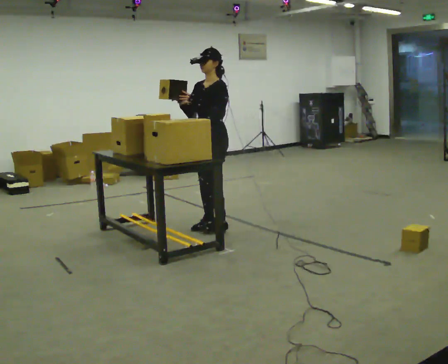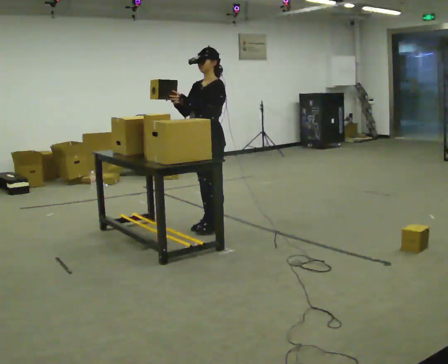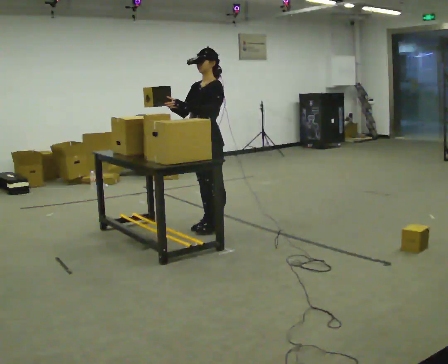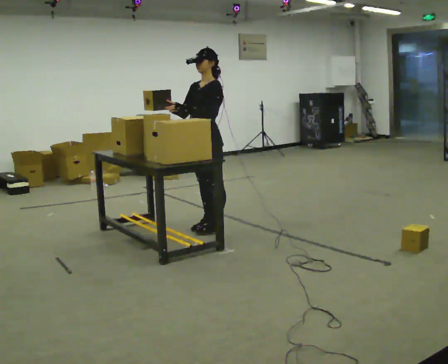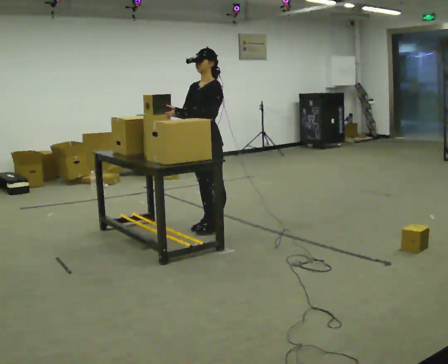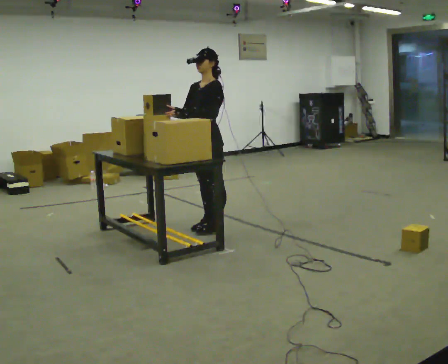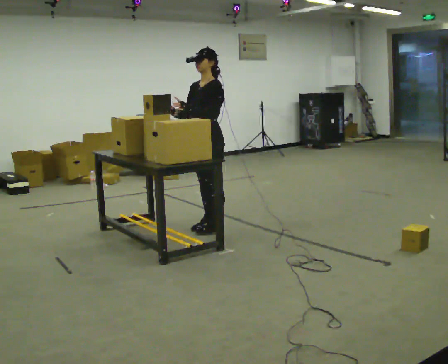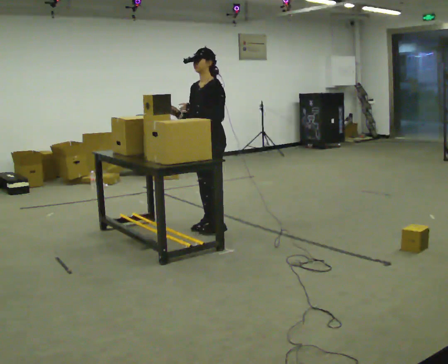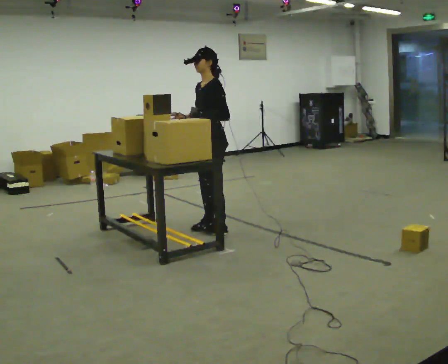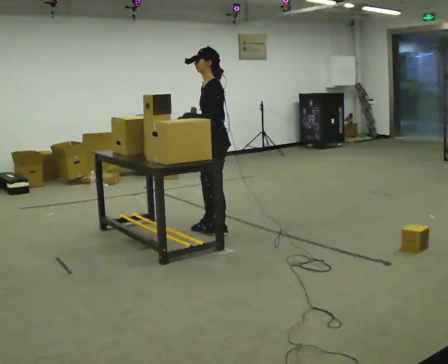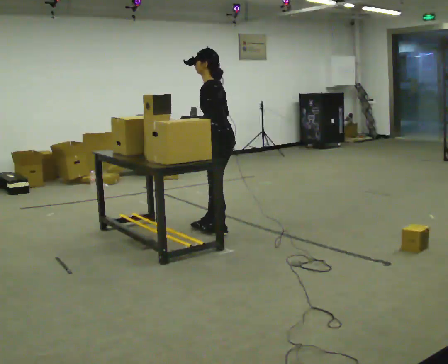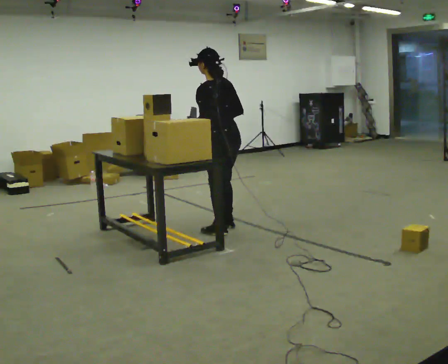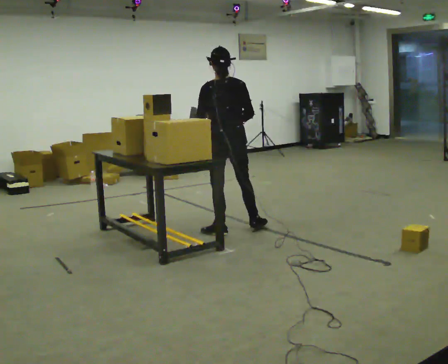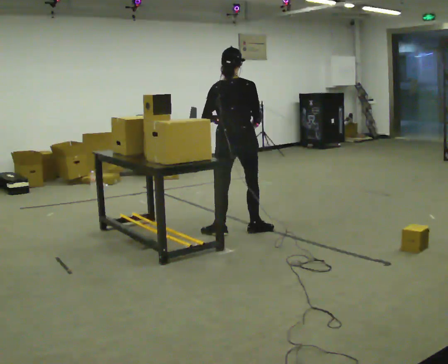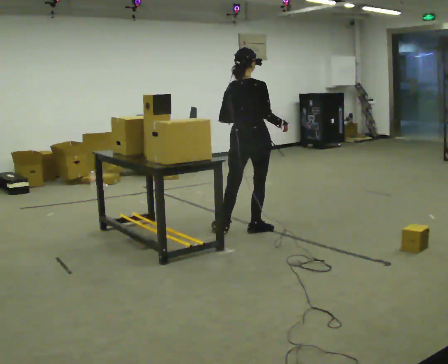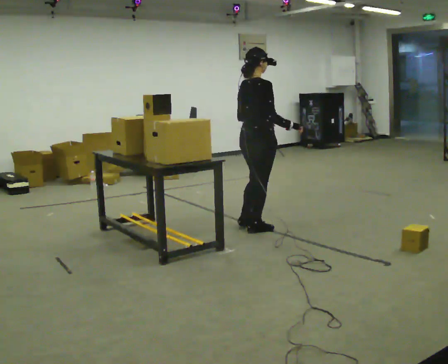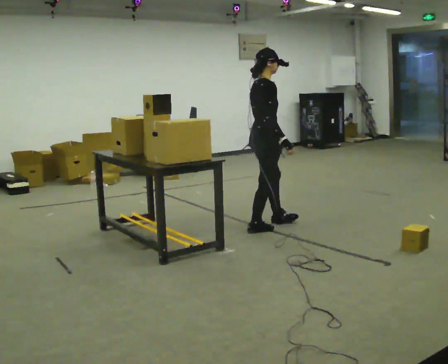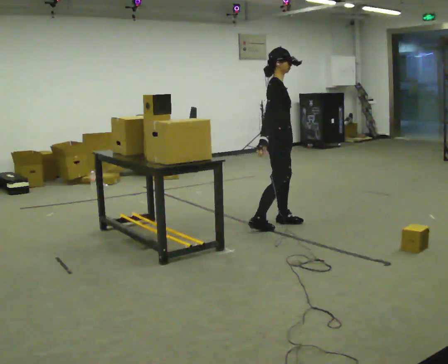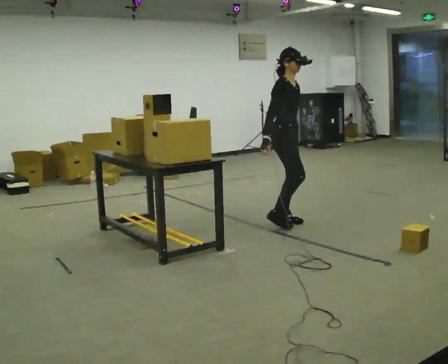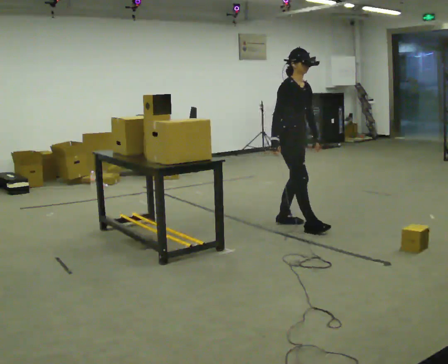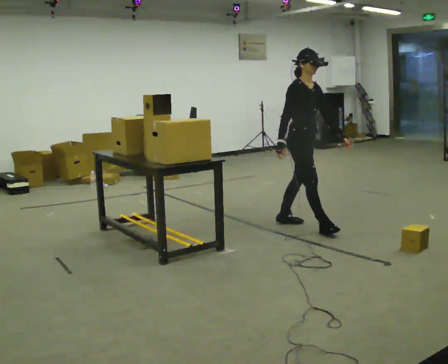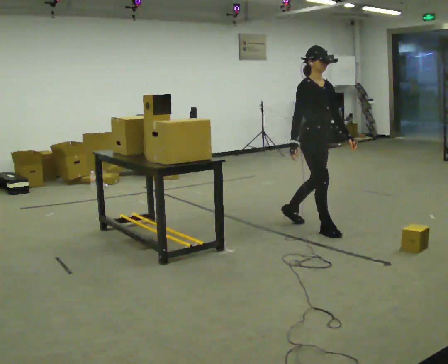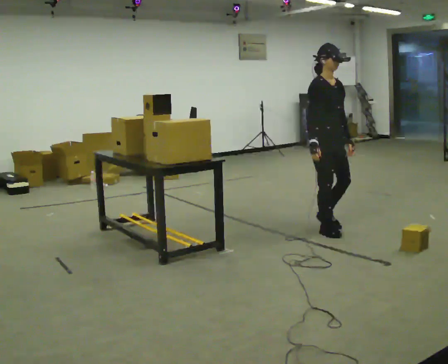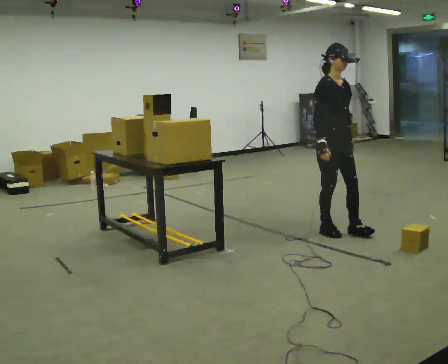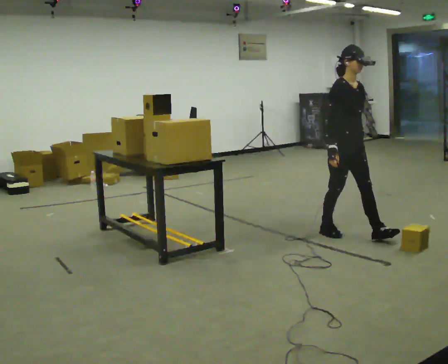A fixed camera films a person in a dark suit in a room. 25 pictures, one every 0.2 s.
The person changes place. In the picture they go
to the right.
The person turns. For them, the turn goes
to their right.
0.0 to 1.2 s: The person moves a little, or ends about where they began.
1.2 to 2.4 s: The part of the body nearest the lens slides to the left as the person turns to their right by about 105 degrees. In the picture their right hand goes to the right.
2.4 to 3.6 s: The part of the body nearest the lens slides to the left as the person turns to their right by about 135 degrees. In the picture they go to the right, about 0.5 m in 2 steps.
3.6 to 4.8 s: In the picture they go toward the camera and to the right, about 0.75 m in 1 step, which for them is forward.
The film runs forward here.
